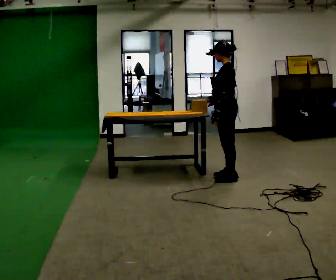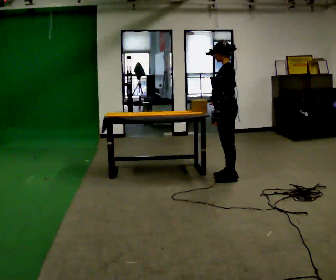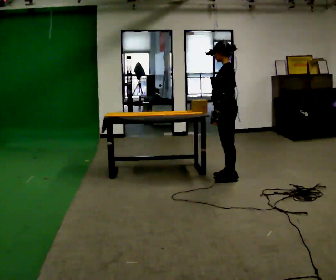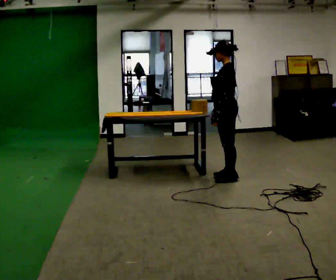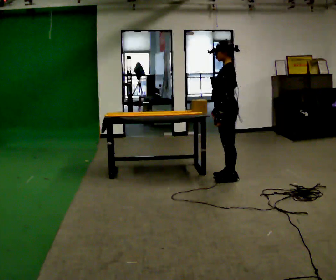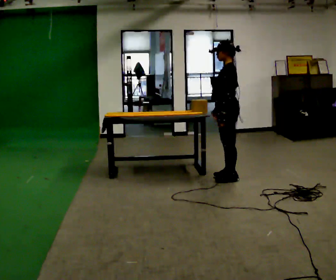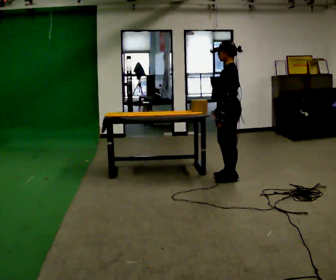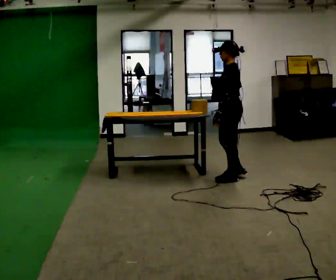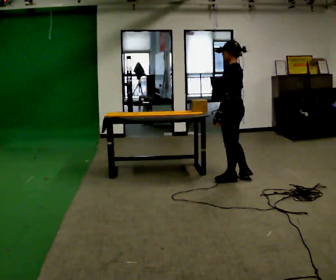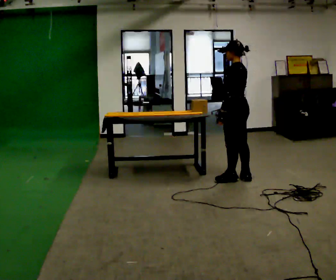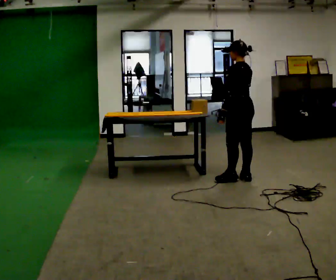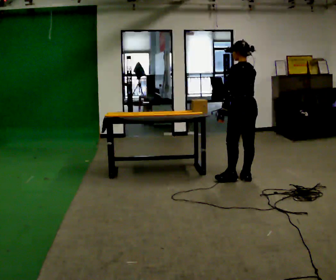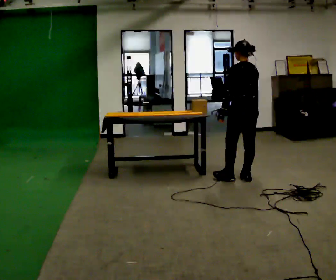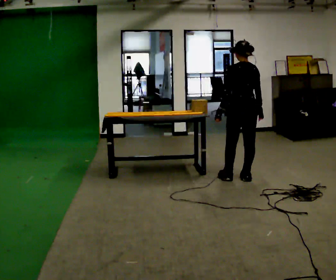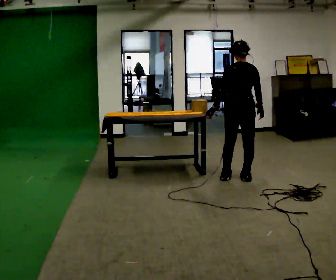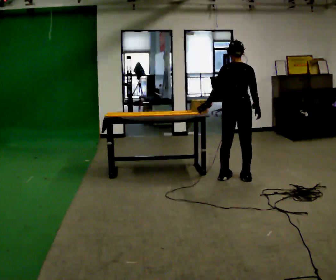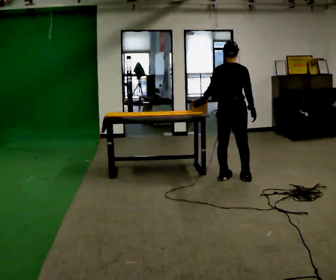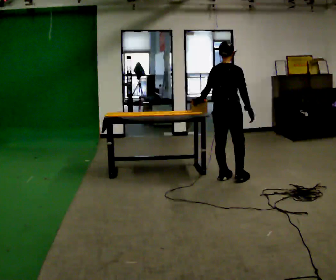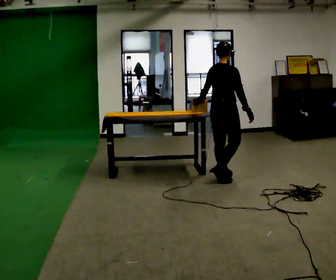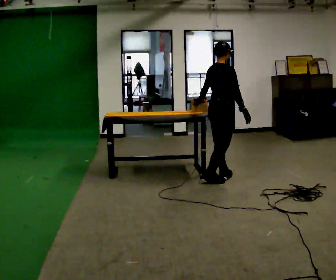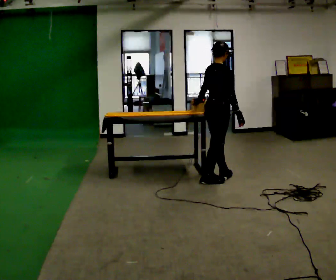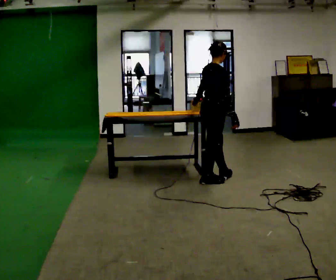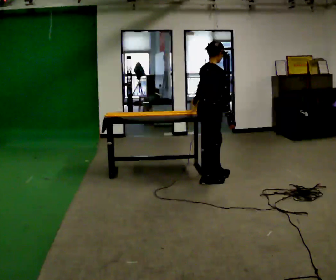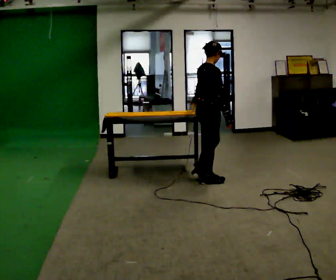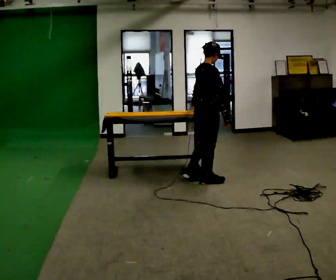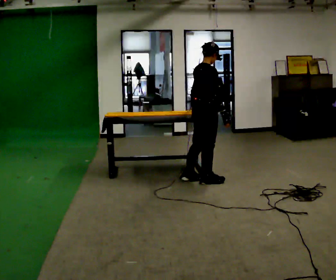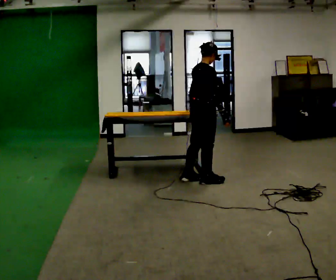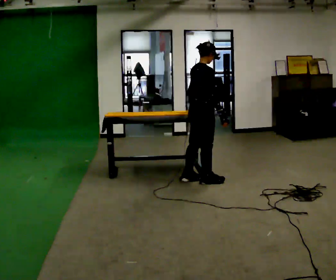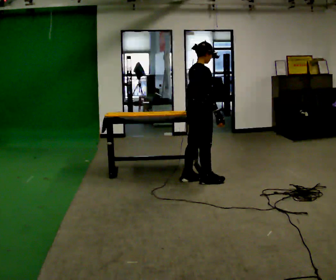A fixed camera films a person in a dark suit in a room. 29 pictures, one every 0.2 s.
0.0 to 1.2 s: The person moves a little, or ends about where they began.
1.2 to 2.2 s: The part of the body nearest the lens slides to the left as the person turns to their right by about 45 degrees. In the picture they go to the right, about 0.25 m in 1 step, which for them is backward. In the picture their right hand goes to the right.
2.2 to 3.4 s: Seen from above the body turns clockwise, about 75 degrees: to their right, with its near side sliding to the left. In the picture they go to the left, about 0.25 m in 1 step.
3.4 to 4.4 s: The part of the body nearest the lens slides to the left as the person turns to their right by about 45 degrees. In the picture they go to the left and toward the camera, about 0.25 m in 1 step, which for them is backward.
4.4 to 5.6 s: The person moves a little, or ends about where they began.
The film runs backward here.
